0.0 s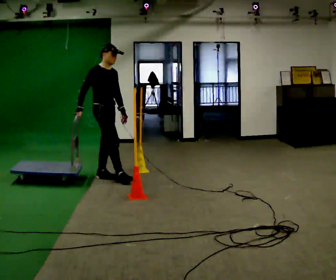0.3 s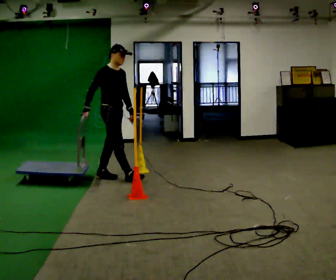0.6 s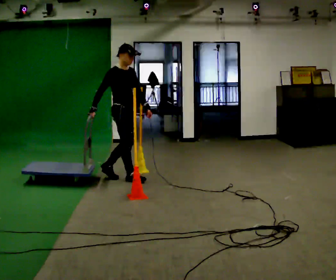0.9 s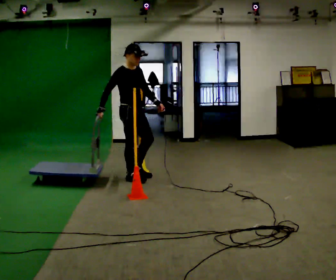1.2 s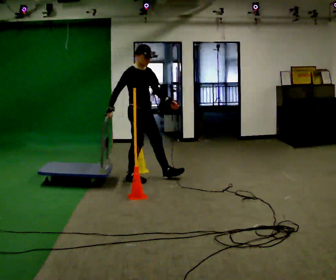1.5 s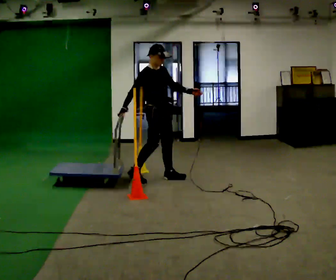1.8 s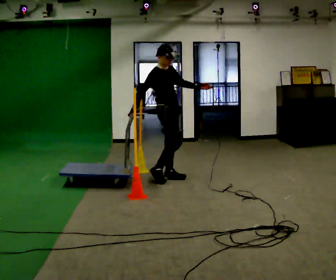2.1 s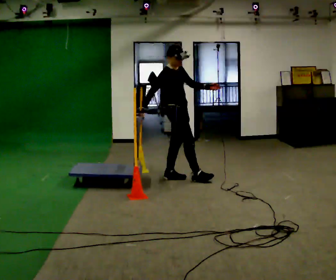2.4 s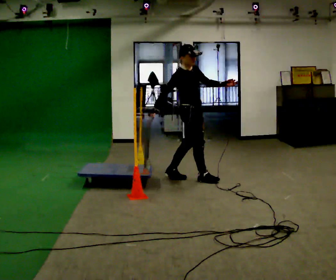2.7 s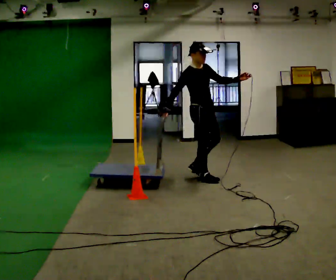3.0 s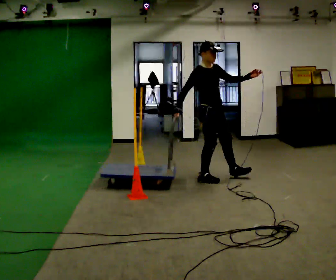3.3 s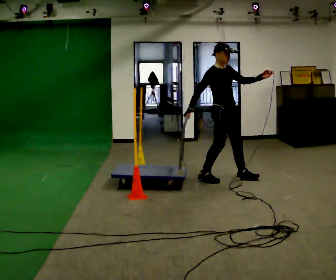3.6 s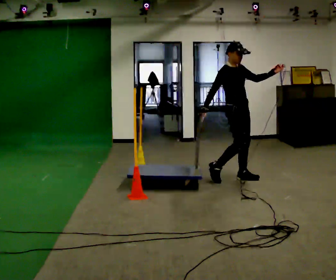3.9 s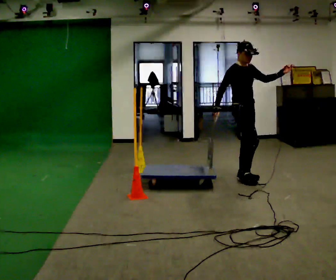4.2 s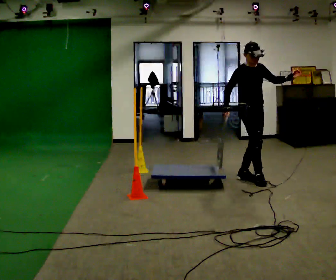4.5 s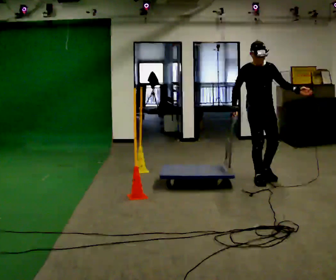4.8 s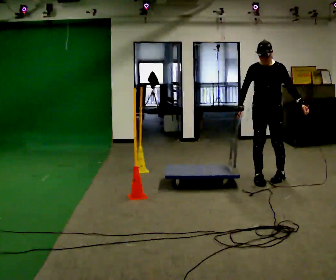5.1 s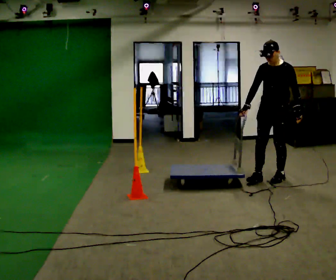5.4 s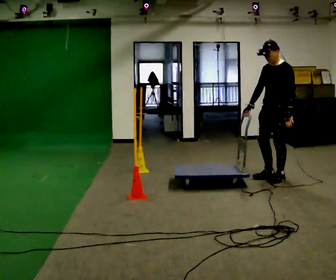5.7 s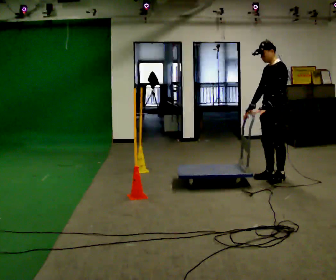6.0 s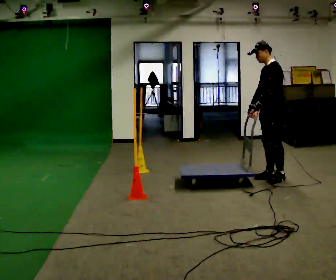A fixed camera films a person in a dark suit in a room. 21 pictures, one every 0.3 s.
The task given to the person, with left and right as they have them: Push the cart through the gap between the poles without touching them, then bring it back through.
0.0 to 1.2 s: In the picture they go to the right, about 0.5 m in 2 steps, which for them is forward.
1.2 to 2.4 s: In the picture they go to the right, about 0.5 m in 1 step, which for them is forward.
2.4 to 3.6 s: In the picture they go to the right, about 0.5 m in 1 step, which for them is forward and to their left.
3.6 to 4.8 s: The person turns about 75 degrees to their right, clockwise seen from above, so the part of the body nearest the lens slides to the left. In the picture they go to the right, about 0.5 m in 2 steps. In the picture their left hand goes downward, the arm swinging clockwise.
4.8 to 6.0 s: Seen from above the body turns clockwise, about 60 degrees: to their right, with its near side sliding to the left. In the picture their left hand goes to the left, the arm swinging clockwise.
The film runs forward here.
